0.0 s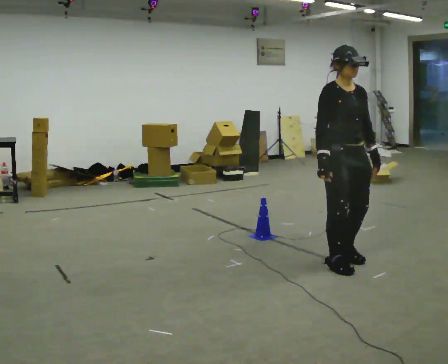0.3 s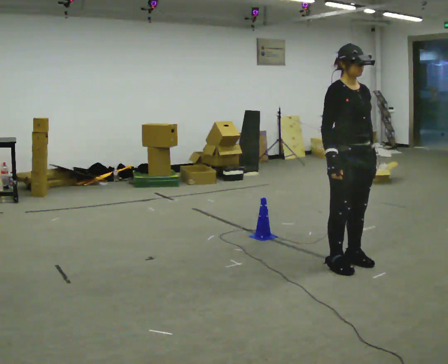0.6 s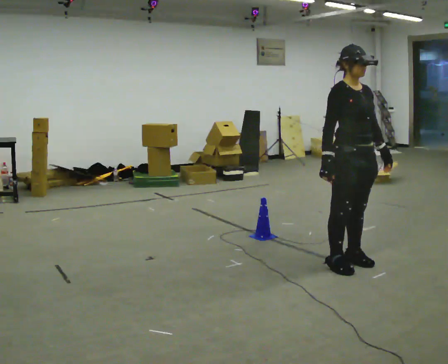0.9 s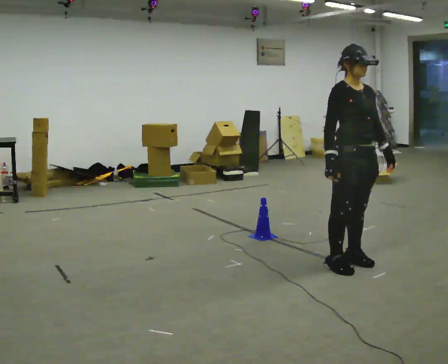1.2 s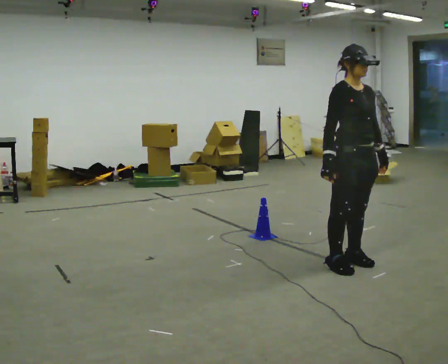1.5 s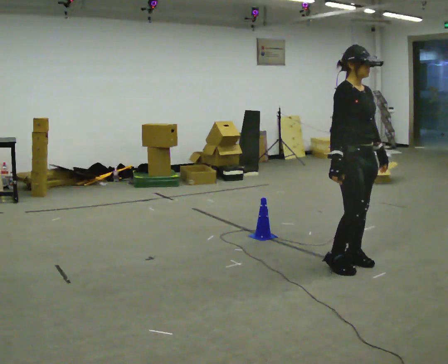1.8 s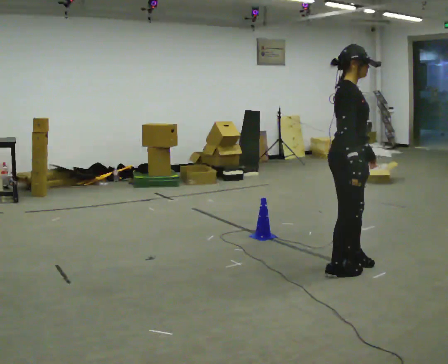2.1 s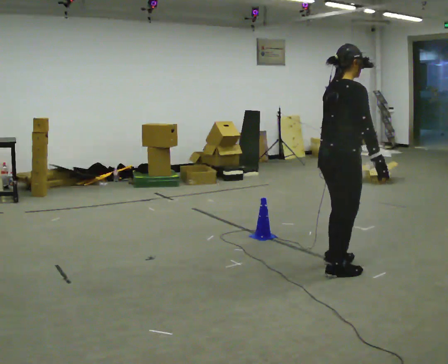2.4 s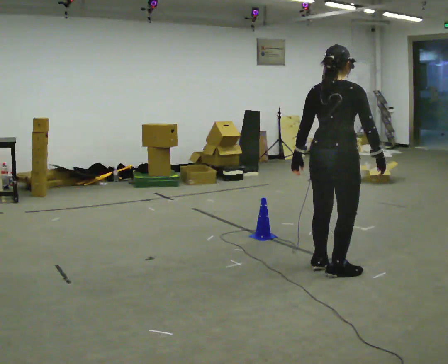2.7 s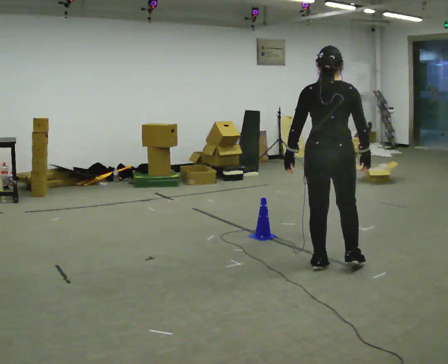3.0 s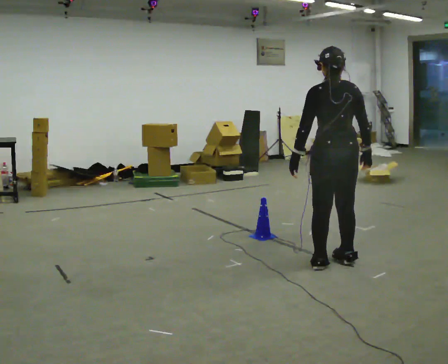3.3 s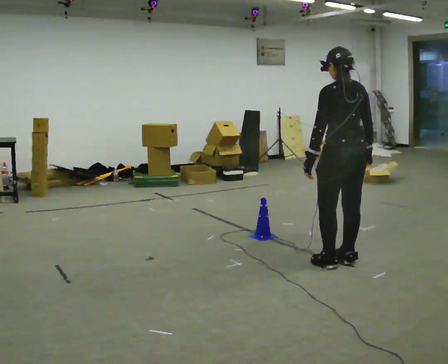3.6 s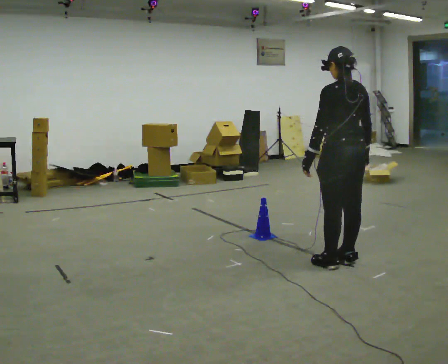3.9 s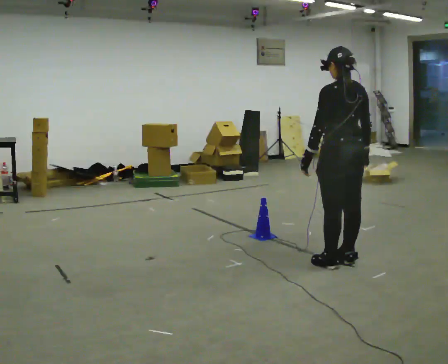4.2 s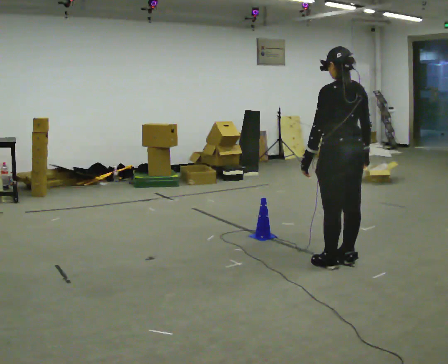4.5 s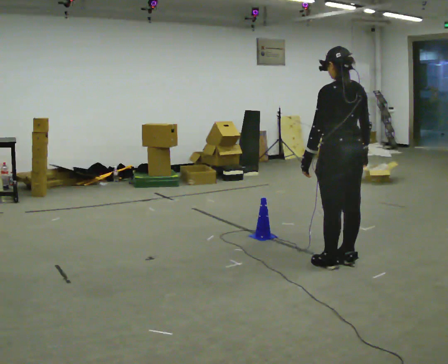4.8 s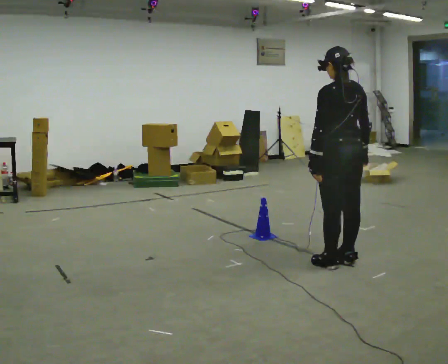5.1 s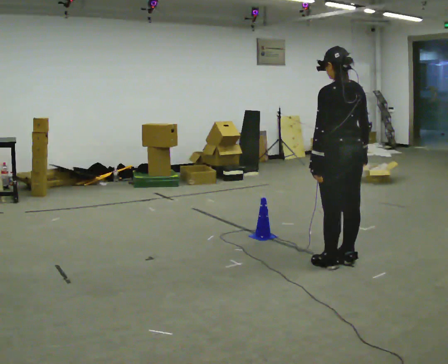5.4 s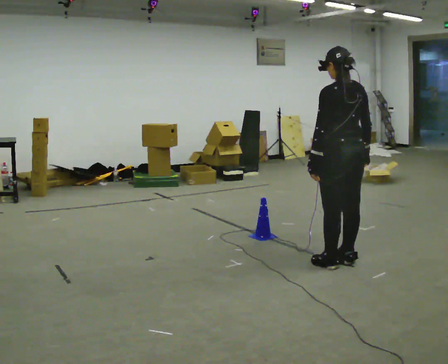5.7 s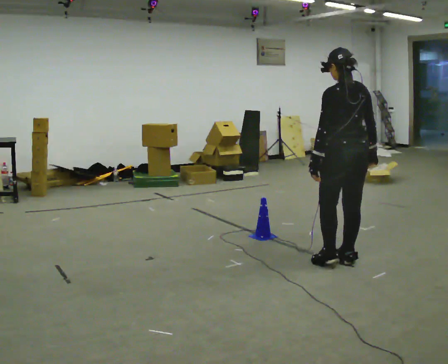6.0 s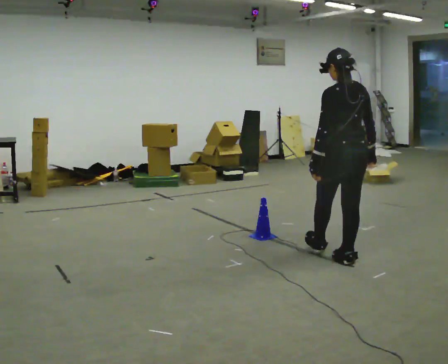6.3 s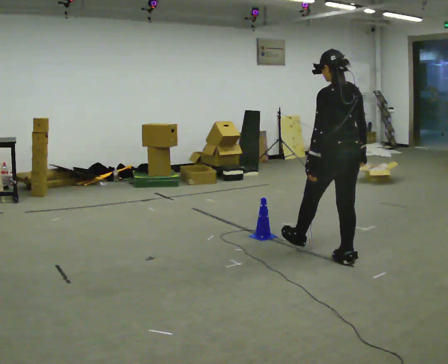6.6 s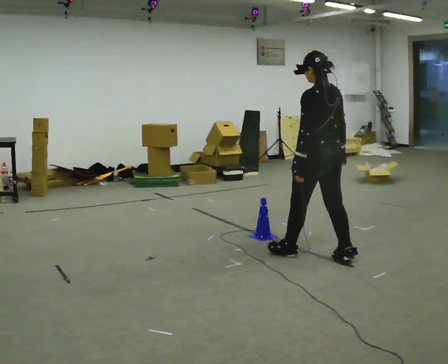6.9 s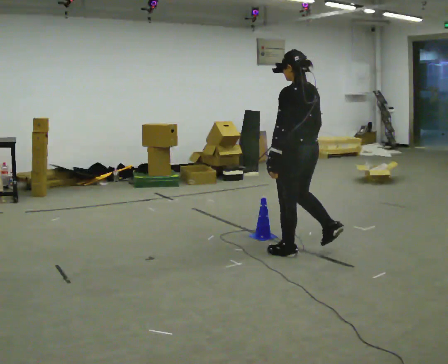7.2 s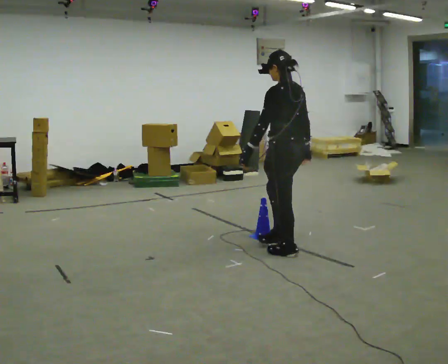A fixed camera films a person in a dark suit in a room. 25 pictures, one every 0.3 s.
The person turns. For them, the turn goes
to their left.
The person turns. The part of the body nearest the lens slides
to the right.
0.0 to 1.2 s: The person moves a little, or ends about where they began.
1.2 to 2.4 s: The person turns about 105 degrees to their left, counterclockwise seen from above, so the part of the body nearest the lens slides to the right. In the picture their right hand goes to the right, the arm swinging counterclockwise.
2.4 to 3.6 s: The part of the body nearest the lens slides to the right as the person turns to their left by about 60 degrees. In the picture they go away from the camera, about 0.25 m in 1 step.
3.6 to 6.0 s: The person moves a little, or ends about where they began.
6.0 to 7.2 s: Seen from above the body turns counterclockwise, about 30 degrees: to their left, with its near side sliding to the right. In the picture they go to the left, about 0.5 m in 1 step, which for them is forward and to their left.
The film runs forward here.
